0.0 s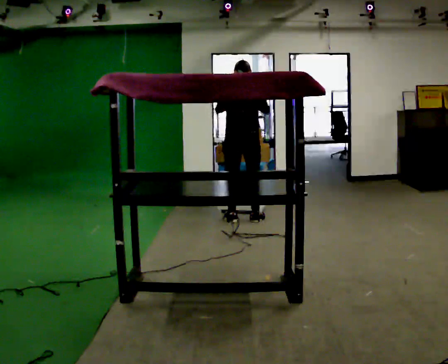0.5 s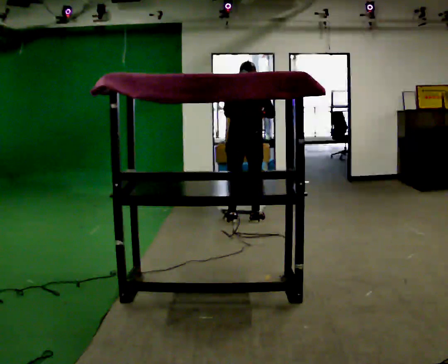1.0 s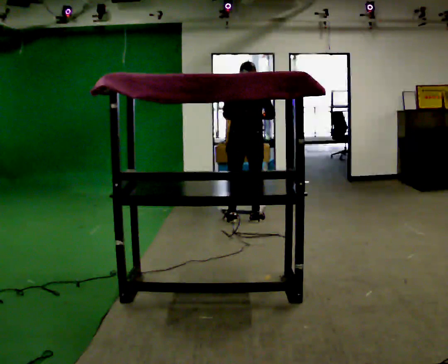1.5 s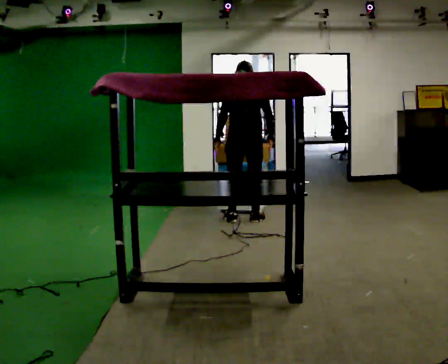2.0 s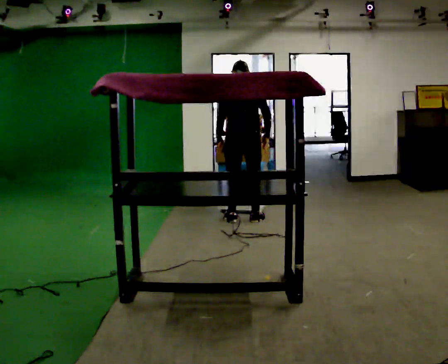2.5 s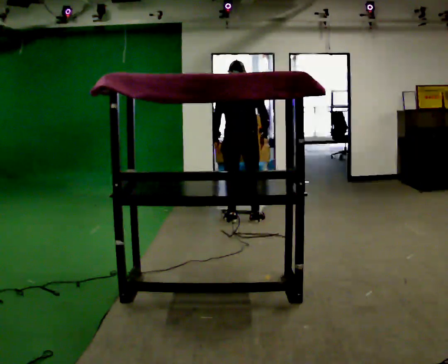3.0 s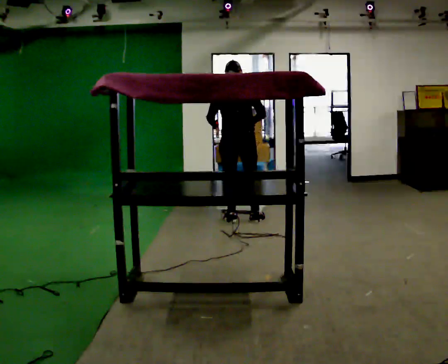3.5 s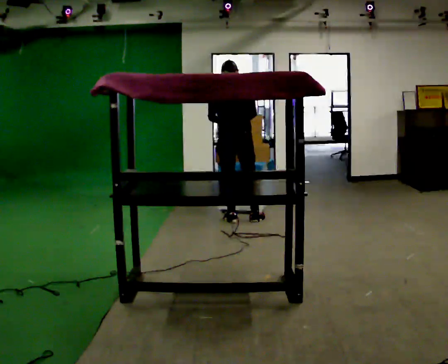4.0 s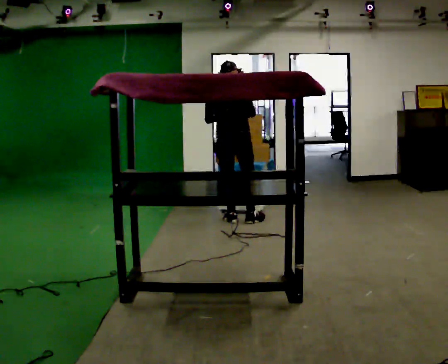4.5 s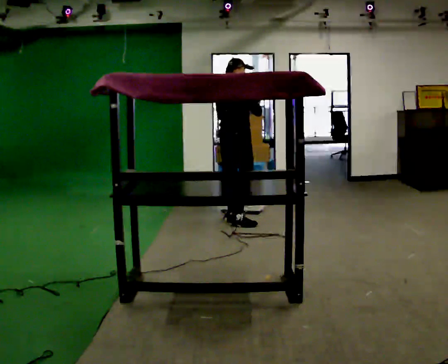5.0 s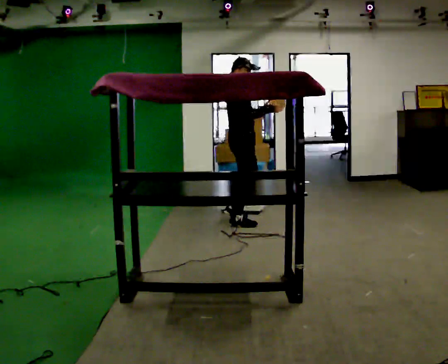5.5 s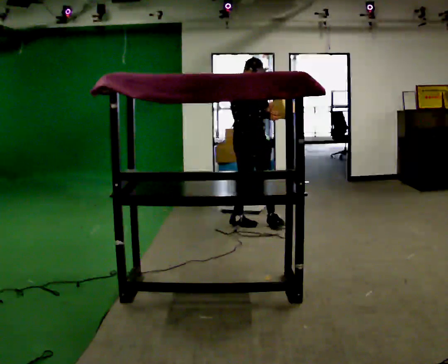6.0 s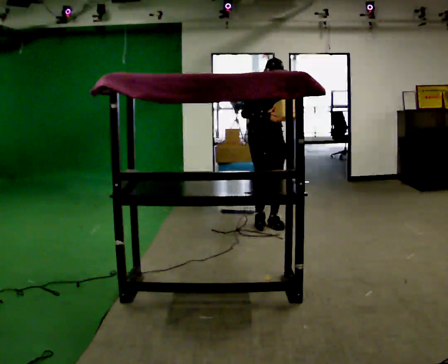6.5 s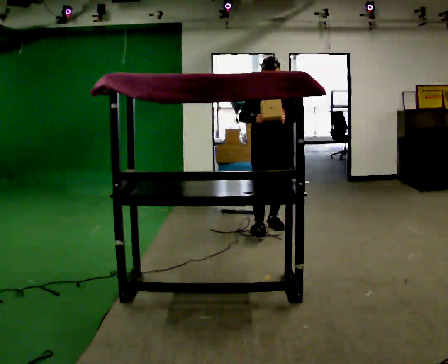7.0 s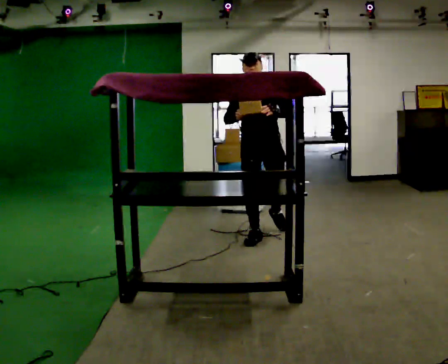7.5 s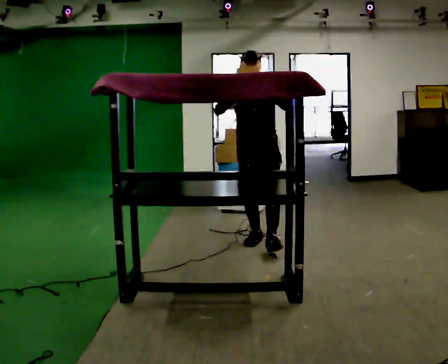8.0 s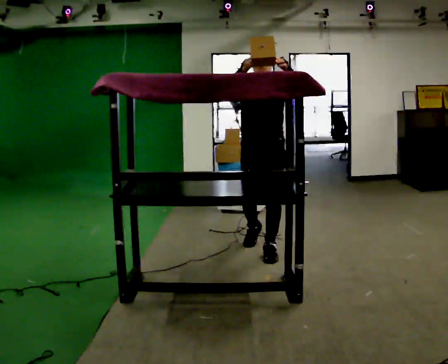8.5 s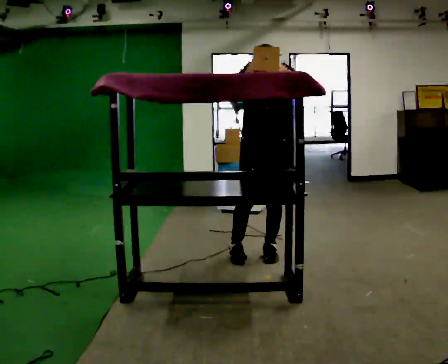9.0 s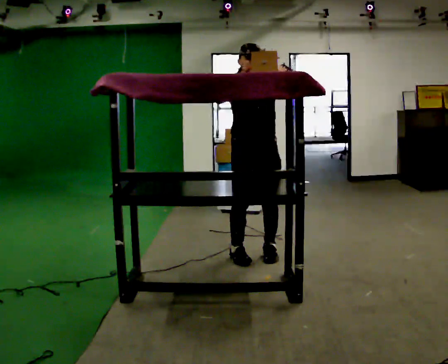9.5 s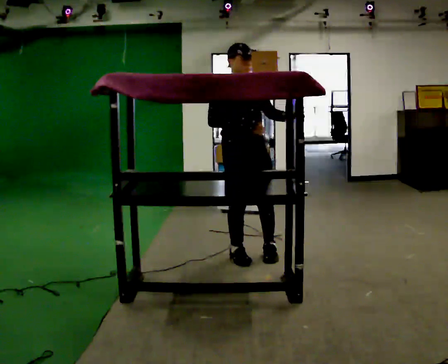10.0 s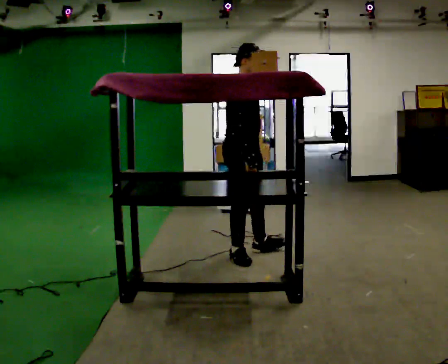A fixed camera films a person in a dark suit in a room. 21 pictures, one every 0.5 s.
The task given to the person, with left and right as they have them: Take an object from the waist-height shelf, carry it across the room, and place it on the highest shelf you can comfortably reach. Keep going until the operator says stop; one object at a time, and do not rush between trips.
0.0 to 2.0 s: In the picture their left hand goes downward.
2.0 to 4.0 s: The person moves a little, or ends about where they began.
4.0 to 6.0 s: The person turns about 135 degrees to their right, clockwise seen from above, so the part of the body nearest the lens slides to the left. In the picture they go to the right and toward the camera, about 0.25 m in 2 steps.
6.0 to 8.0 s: The person turns about 30 degrees to their right, clockwise seen from above, so the part of the body nearest the lens slides to the left. In the picture they go toward the camera, about 1 m in 2 steps, which for them is forward. In the picture their left hand goes upward.
8.0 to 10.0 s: The person turns about 90 degrees to their left, counterclockwise seen from above, so the part of the body nearest the lens slides to the right. In the picture they go to the left, about 0.25 m in 1 step. In the picture their left hand goes downward.
The film runs forward here.
